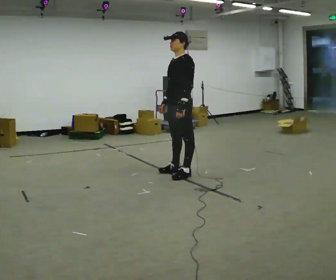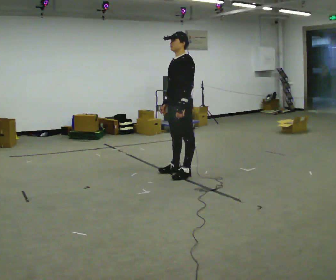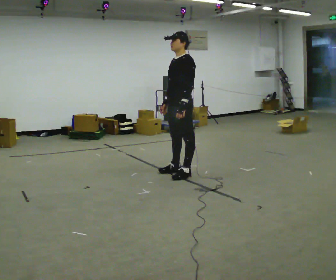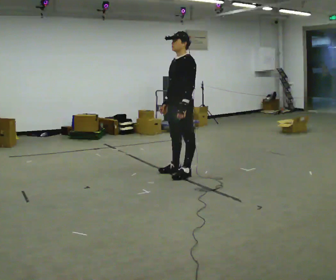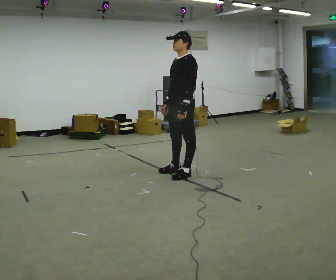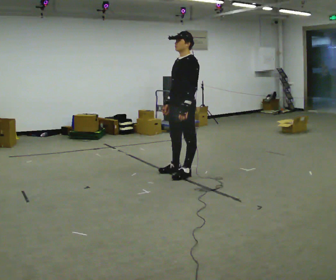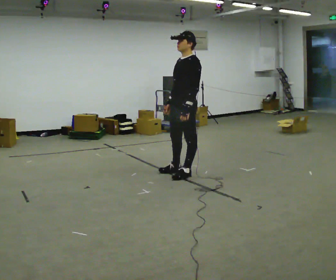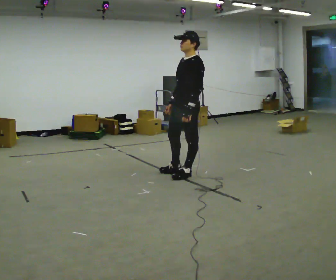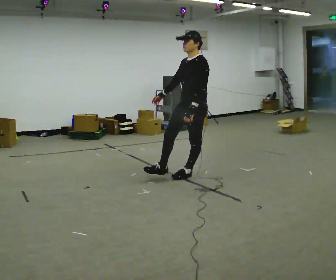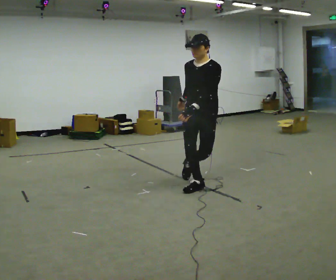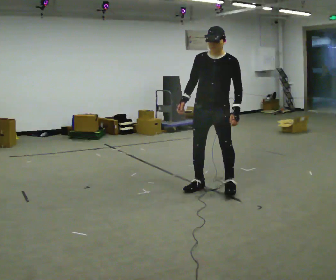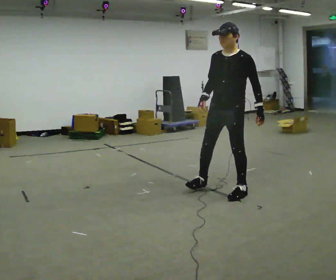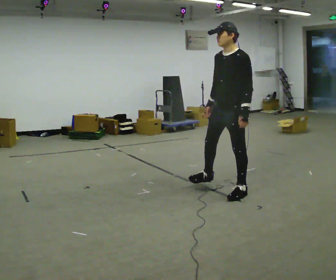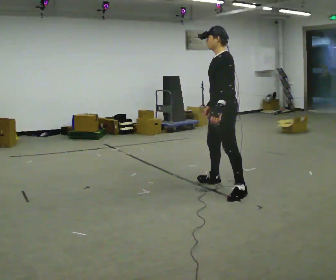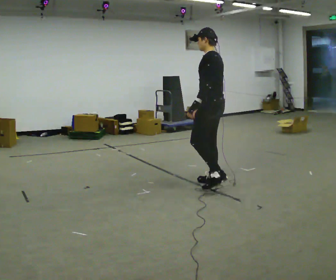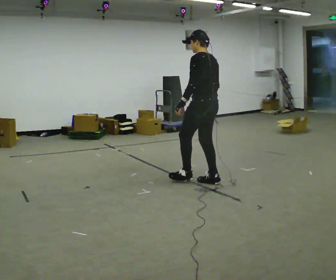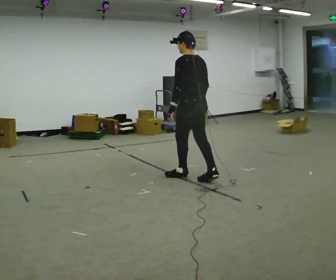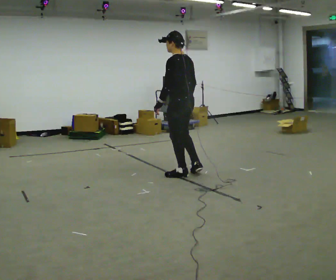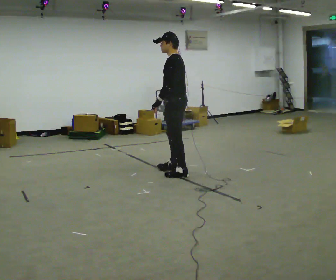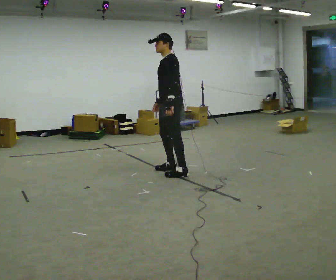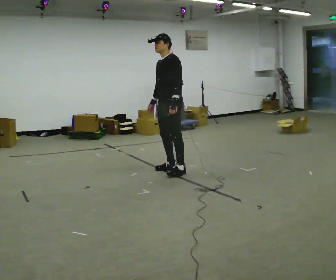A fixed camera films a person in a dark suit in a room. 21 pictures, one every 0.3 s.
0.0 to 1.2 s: The person moves a little, or ends about where they began.
1.2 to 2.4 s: In the picture they go to the right and toward the camera, about 0.25 m, which for them is to their left.
2.4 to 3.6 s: In the picture they go to the right and toward the camera, about 0.5 m in 2 steps, which for them is to their left and forward.
3.6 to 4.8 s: Seen from above the body turns clockwise, about 90 degrees: to their right, with its near side sliding to the left. In the picture they go to the left and away from the camera, about 0.75 m in 2 steps.
4.8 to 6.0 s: Seen from above the body turns counterclockwise, about 75 degrees: to their left, with its near side sliding to the right. In the picture they go to the left and away from the camera, about 0.5 m in 1 step.
The film runs forward here.
